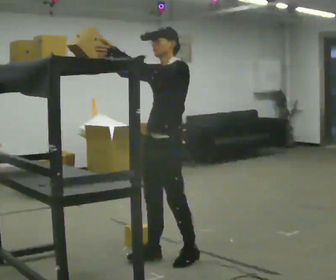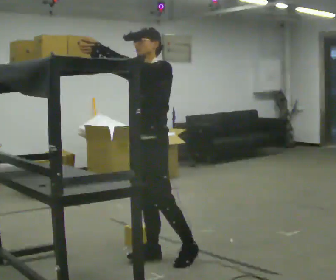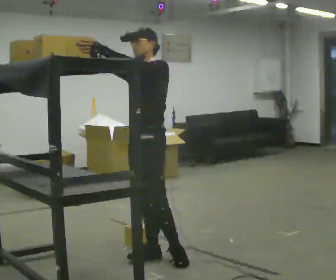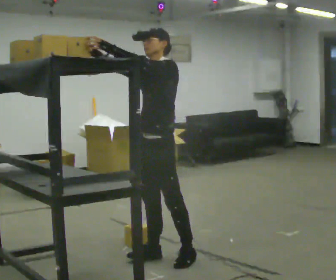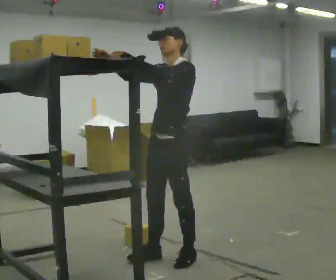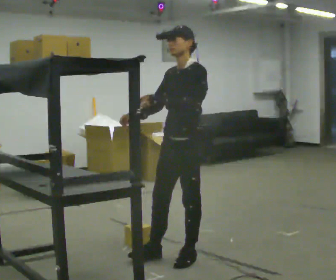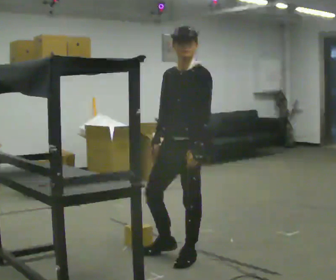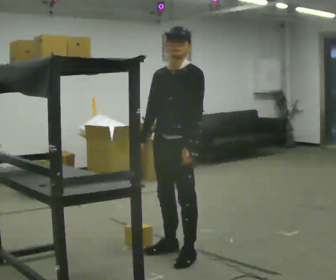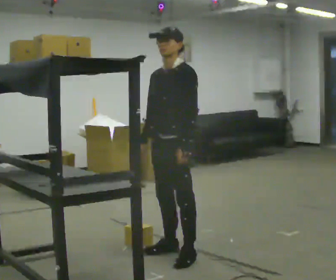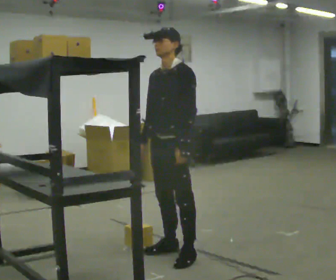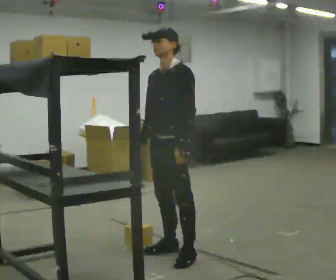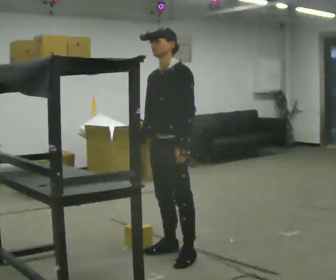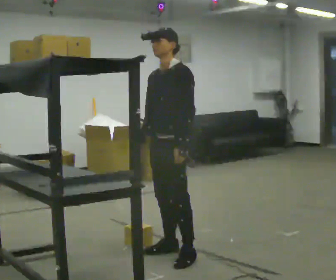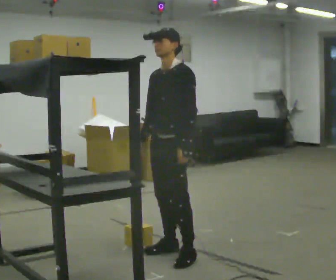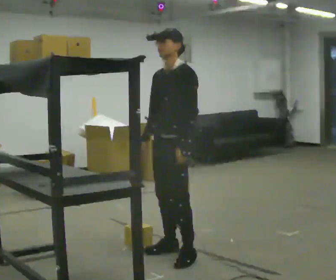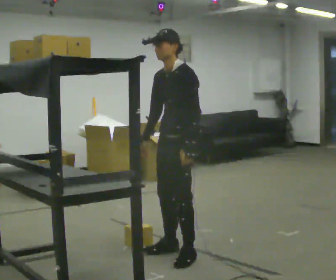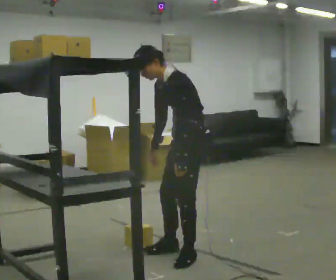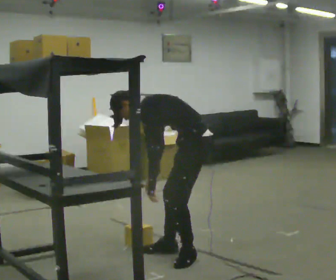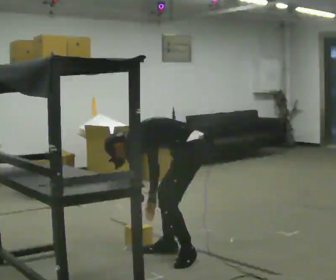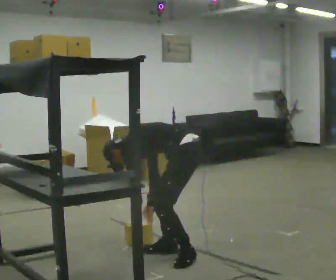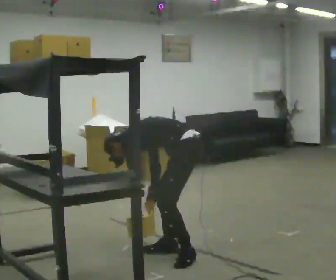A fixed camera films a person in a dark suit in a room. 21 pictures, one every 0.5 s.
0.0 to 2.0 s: The person moves a little, or ends about where they began.
2.0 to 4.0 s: In the picture their left hand goes downward and to the right.
4.0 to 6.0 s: The person moves a little, or ends about where they began.
6.0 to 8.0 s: In the picture they go to the right, about 0.25 m, which for them is backward. In the picture the upper body tilts counterclockwise, shoulders to the left, as they bend forward.
8.0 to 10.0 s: The part of the body nearest the lens slides to the left as the person turns to their right by about 45 degrees. The upper body goes downward. The upper body tips away from the camera, its near side rolling upward, as they bend forward. In the picture their right hand goes downward.
The film runs backward here.
